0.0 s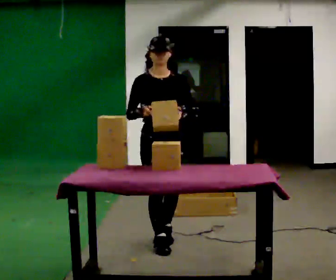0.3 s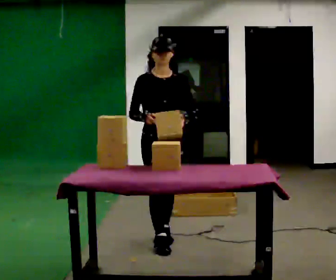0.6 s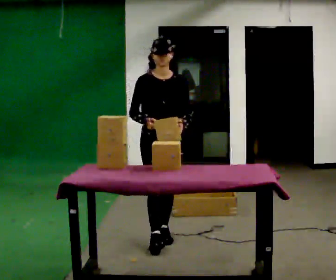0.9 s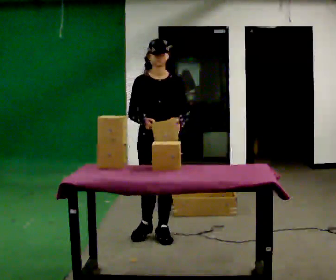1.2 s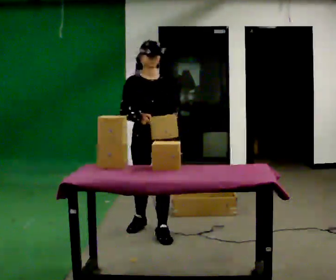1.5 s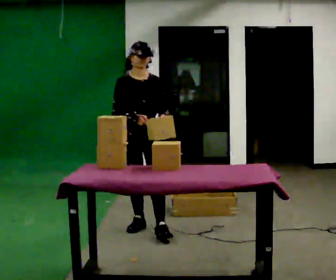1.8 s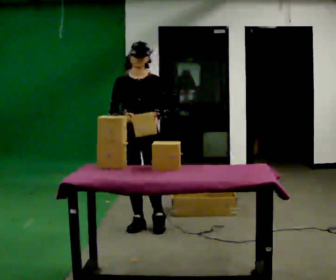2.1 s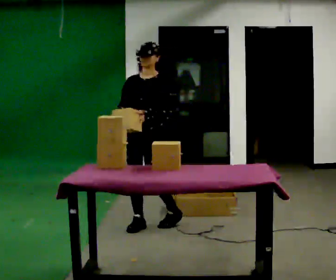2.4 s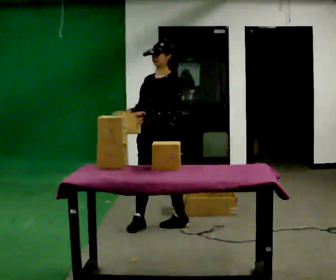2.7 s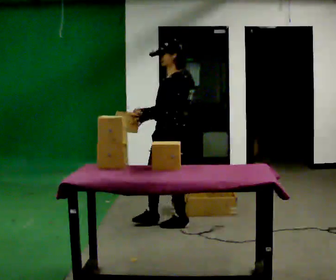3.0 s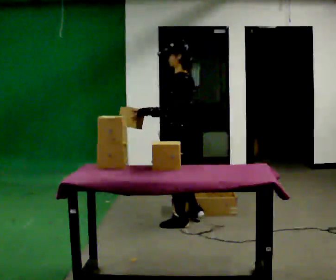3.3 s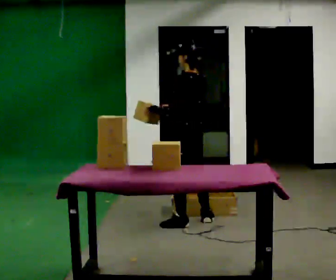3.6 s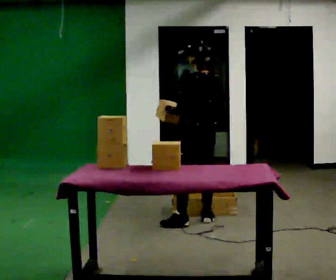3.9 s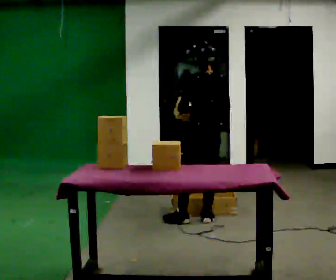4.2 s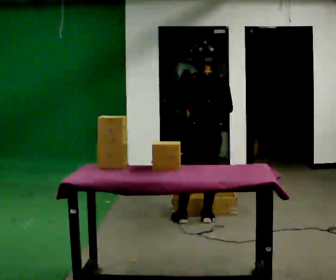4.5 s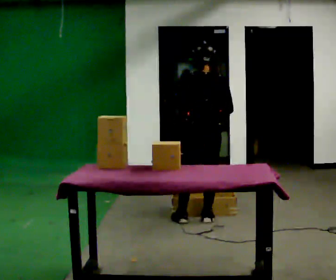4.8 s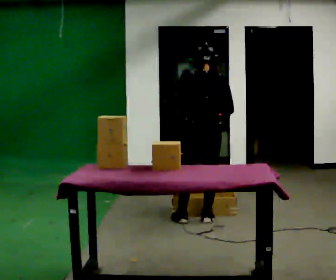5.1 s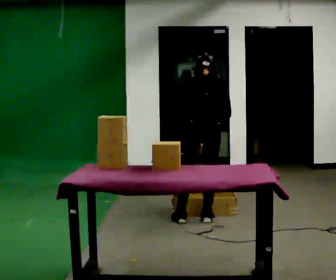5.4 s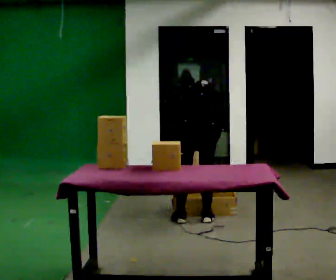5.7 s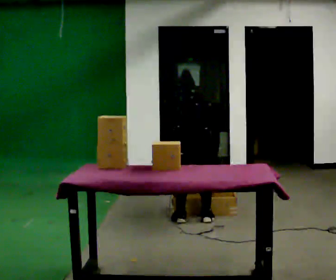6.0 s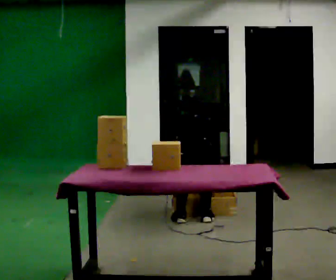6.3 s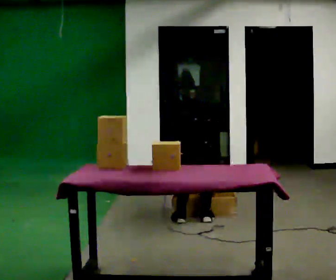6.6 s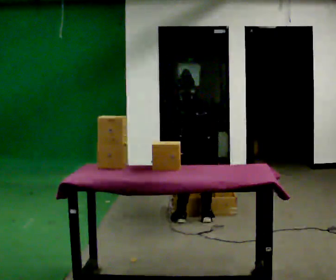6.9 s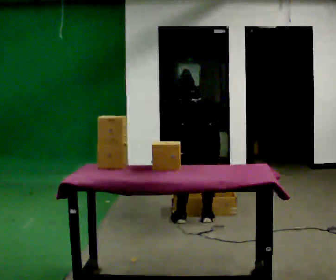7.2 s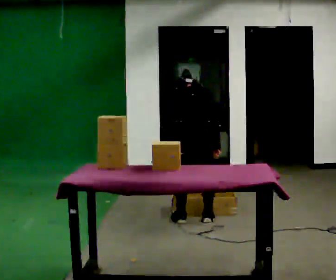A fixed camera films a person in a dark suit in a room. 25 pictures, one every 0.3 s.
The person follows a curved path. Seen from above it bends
clockwise.
The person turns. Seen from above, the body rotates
clockwise.
0.0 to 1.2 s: In the picture they go away from the camera, about 0.25 m in 1 step, which for them is backward.
1.2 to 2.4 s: The person turns about 45 degrees to their right, clockwise seen from above, so the part of the body nearest the lens slides to the left. In the picture they go away from the camera, about 0.25 m in 1 step, which for them is backward.
2.4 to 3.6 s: The person turns about 90 degrees to their right, clockwise seen from above, so the part of the body nearest the lens slides to the left. In the picture they go to the right and away from the camera, about 0.5 m in 1 step.
3.6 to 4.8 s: Seen from above the body turns clockwise, about 45 degrees: to their right, with its near side sliding to the left.
4.8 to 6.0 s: The upper body goes downward. The upper body tips away from the camera, its near side rolling upward, as they bend forward. In the picture their right hand goes downward.
6.0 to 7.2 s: The shoulders move upward. In the picture the upper body tilts counterclockwise, shoulders to the left, as they lean back or straighten.
The film runs backward here.
